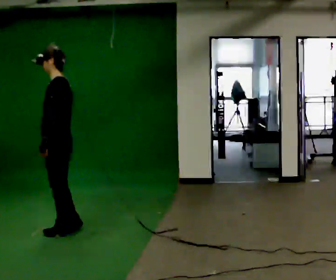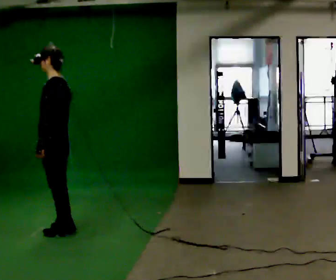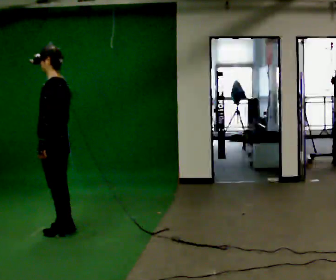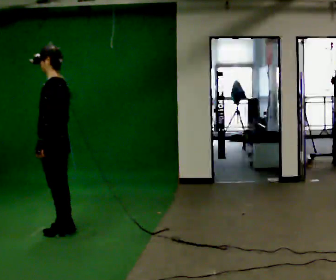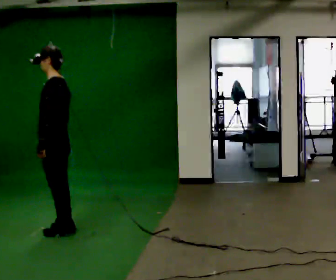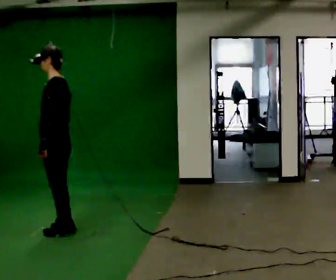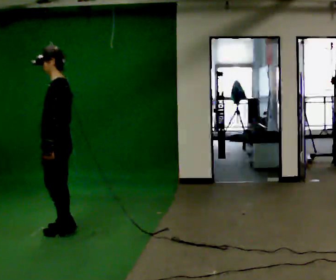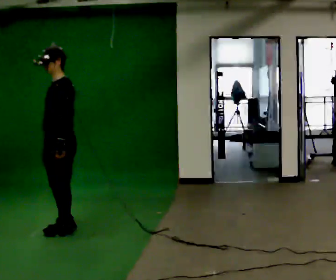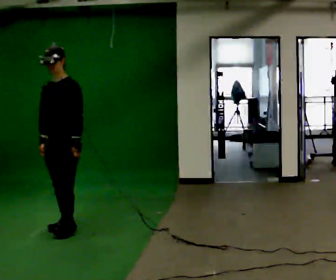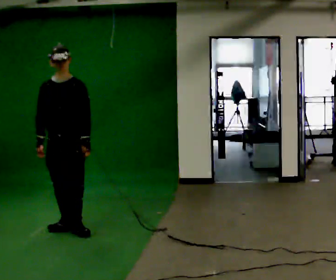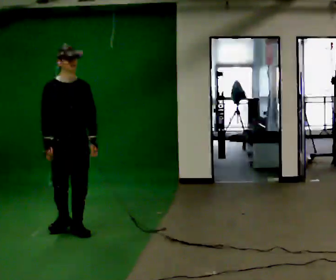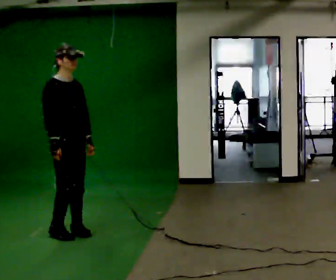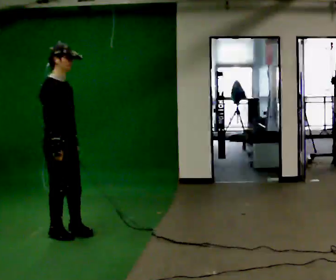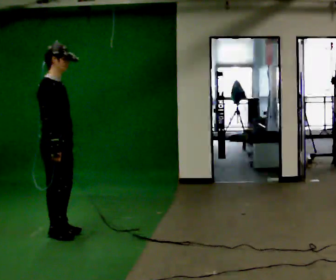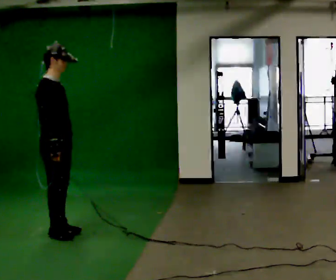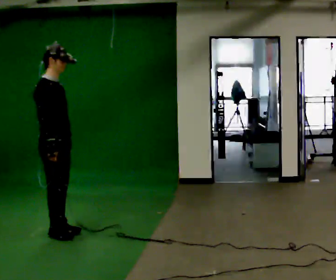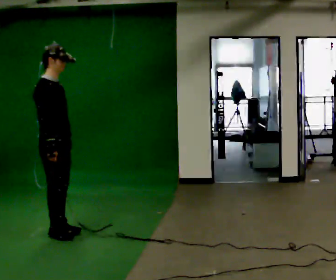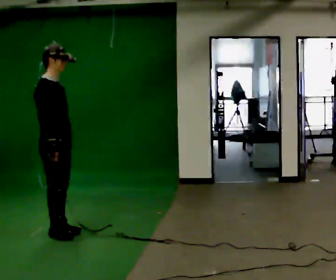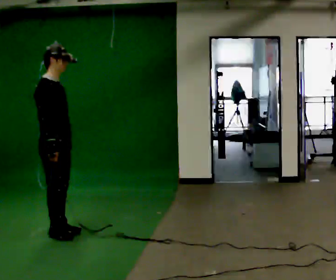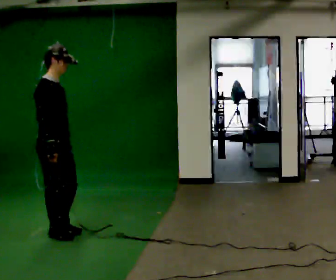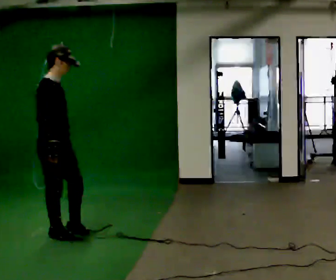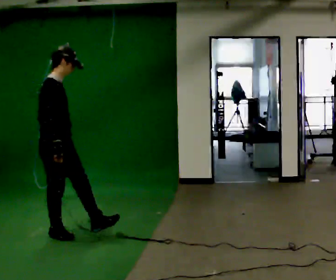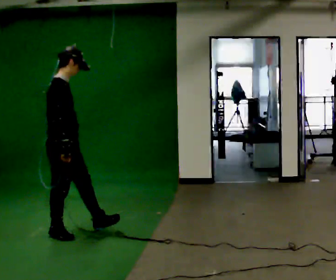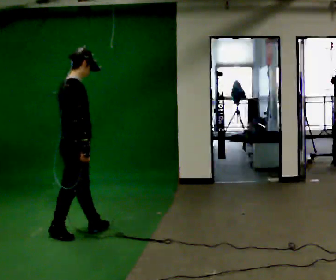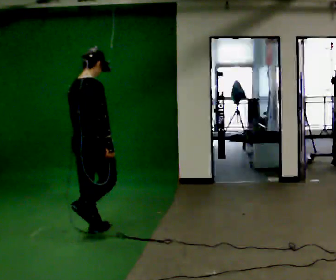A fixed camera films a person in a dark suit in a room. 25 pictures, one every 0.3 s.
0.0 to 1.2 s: The person moves a little, or ends about where they began.
1.2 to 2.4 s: Seen from above the body turns counterclockwise, about 60 degrees: to their left, with its near side sliding to the right.
2.4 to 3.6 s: The person turns about 105 degrees to their left, counterclockwise seen from above, so the part of the body nearest the lens slides to the right. In the picture they go toward the camera, about 0.25 m in 1 step.
3.6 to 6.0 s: The person moves a little, or ends about where they began.
6.0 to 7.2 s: Seen from above the body turns counterclockwise, about 60 degrees: to their left, with its near side sliding to the right. In the picture they go to the right and away from the camera, about 0.25 m in 1 step, which for them is forward and to their left.
The film runs forward here.
